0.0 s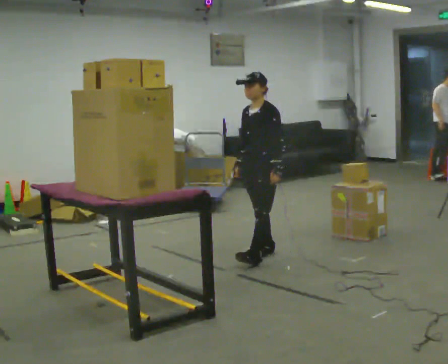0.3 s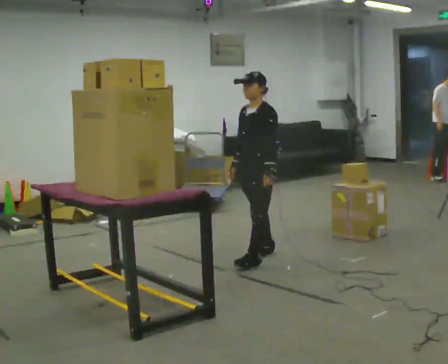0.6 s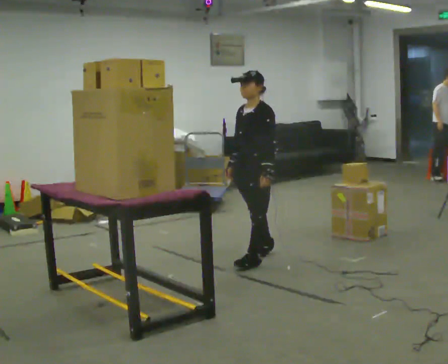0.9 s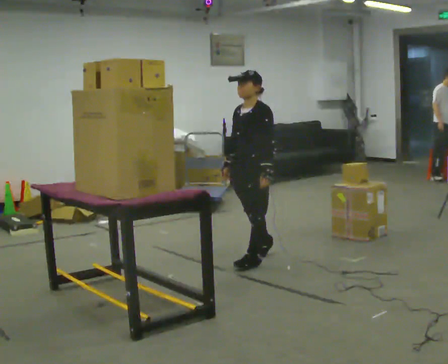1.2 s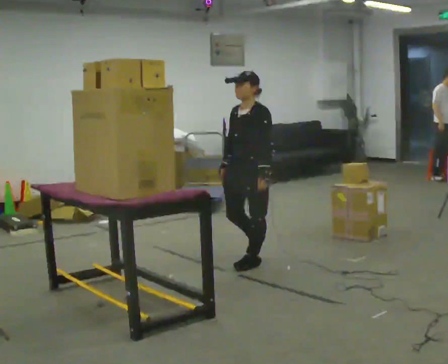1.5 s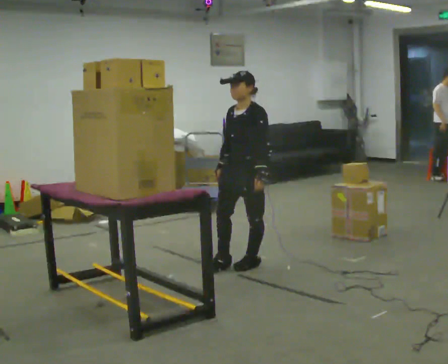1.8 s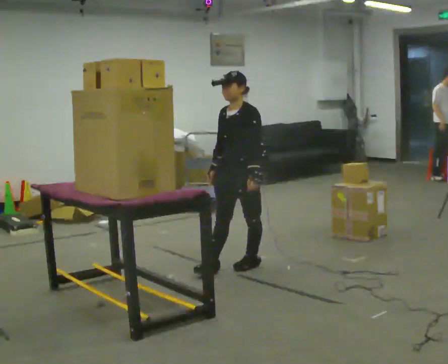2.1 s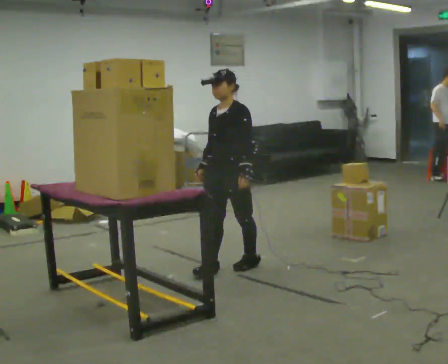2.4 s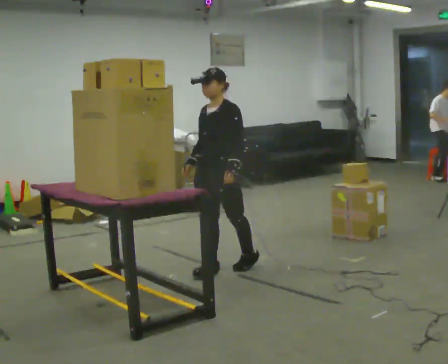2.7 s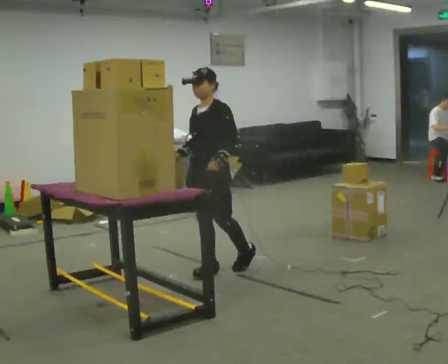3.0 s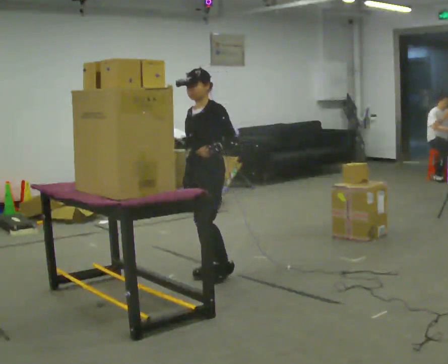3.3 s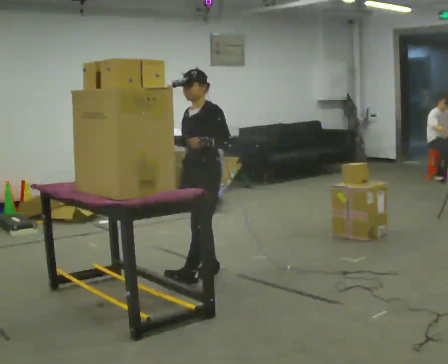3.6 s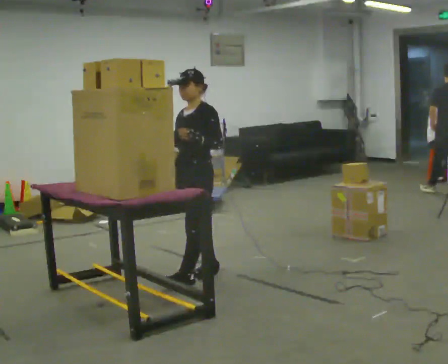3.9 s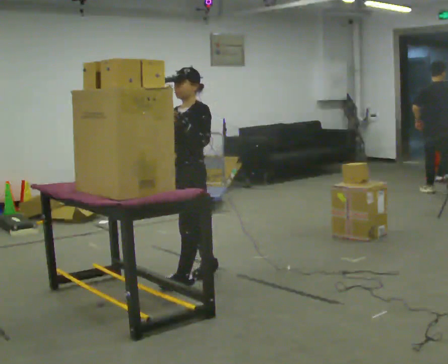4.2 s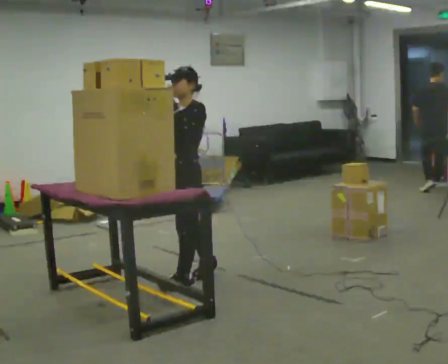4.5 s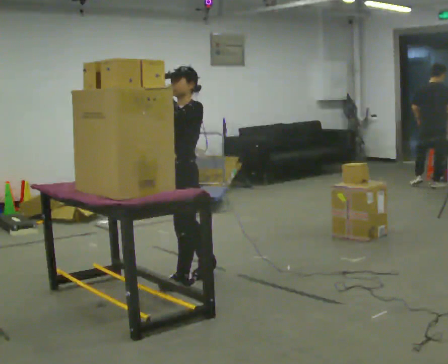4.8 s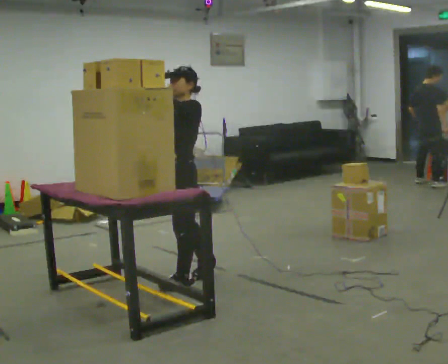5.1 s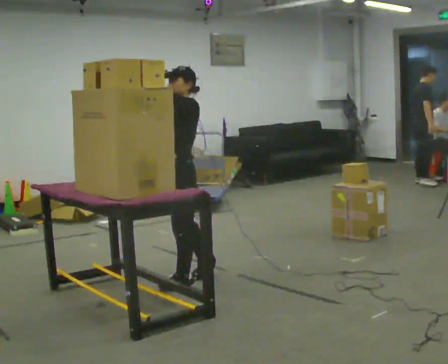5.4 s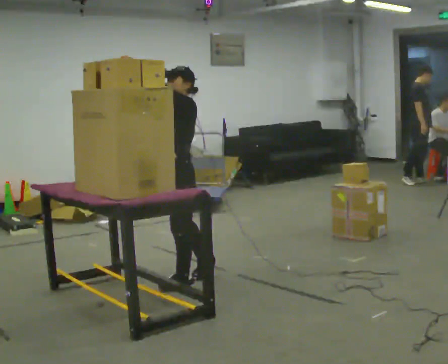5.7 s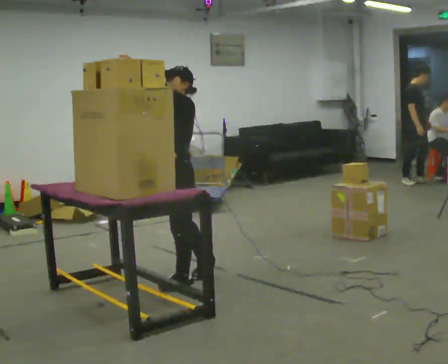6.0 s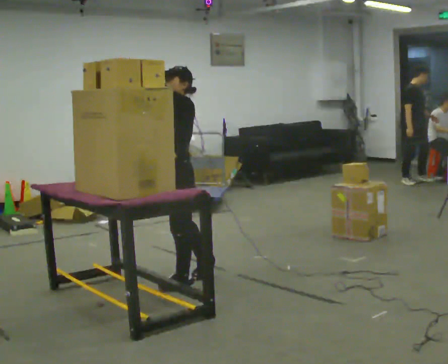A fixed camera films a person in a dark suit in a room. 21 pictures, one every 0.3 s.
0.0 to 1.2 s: In the picture they go toward the camera, about 0.25 m, which for them is forward and to their left.
1.2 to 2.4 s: In the picture they go to the left, about 0.25 m in 1 step, which for them is forward.
2.4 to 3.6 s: In the picture they go to the left and toward the camera, about 0.25 m in 1 step, which for them is forward.
3.6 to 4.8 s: In the picture their left hand goes upward.
4.8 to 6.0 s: The person moves a little, or ends about where they began.
The film runs forward here.
